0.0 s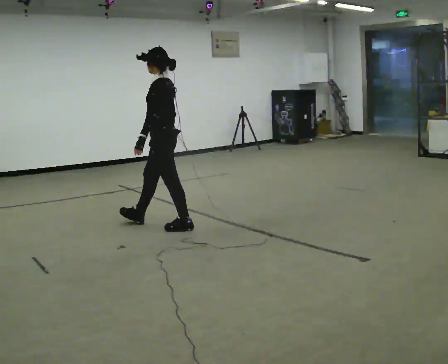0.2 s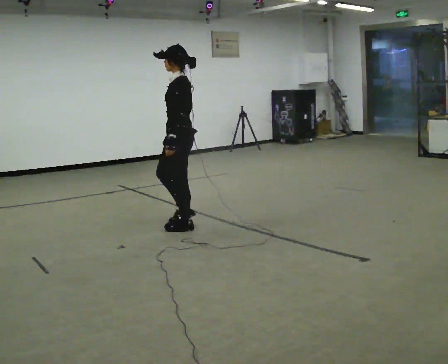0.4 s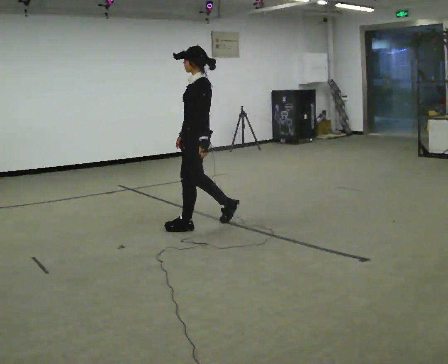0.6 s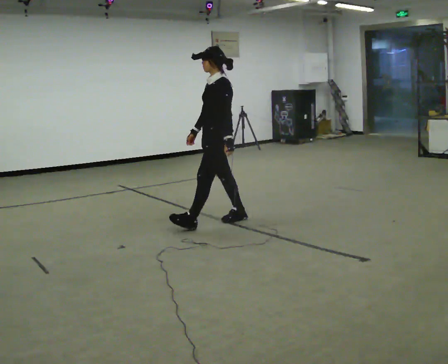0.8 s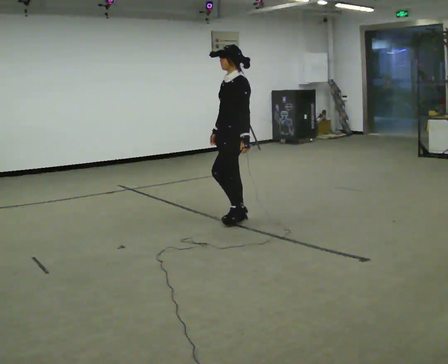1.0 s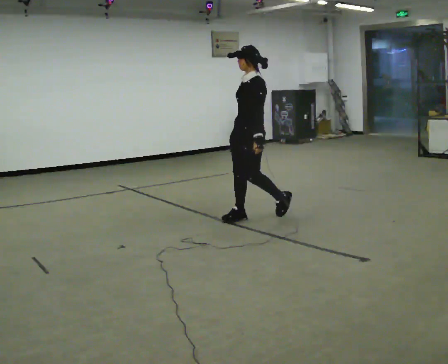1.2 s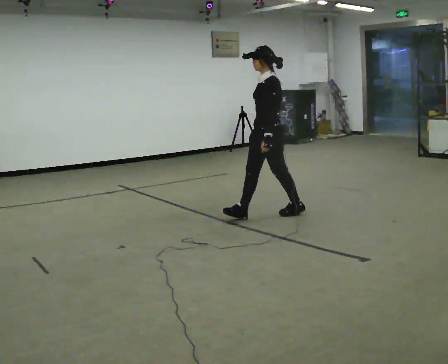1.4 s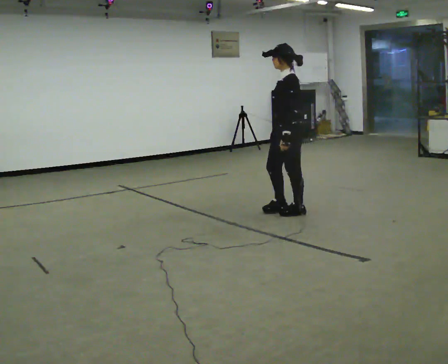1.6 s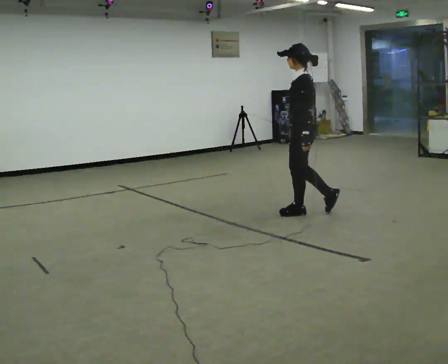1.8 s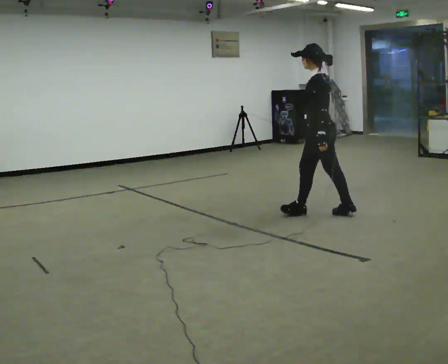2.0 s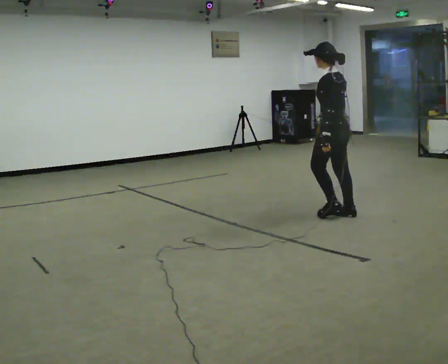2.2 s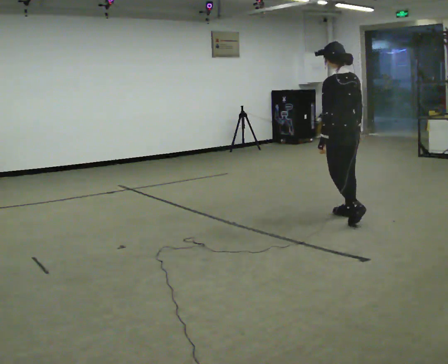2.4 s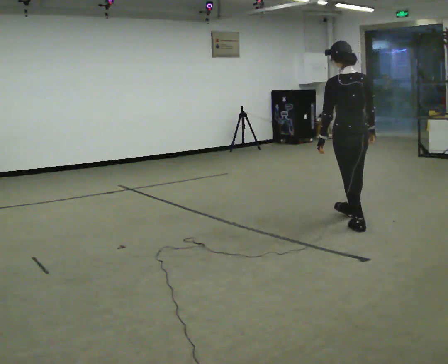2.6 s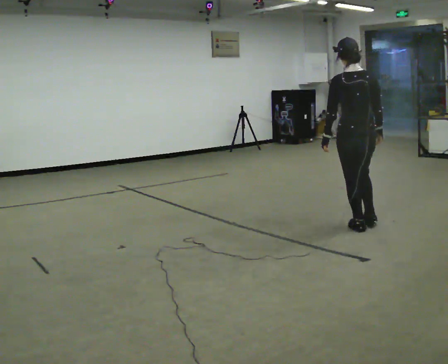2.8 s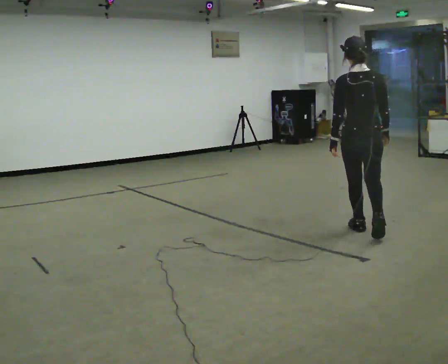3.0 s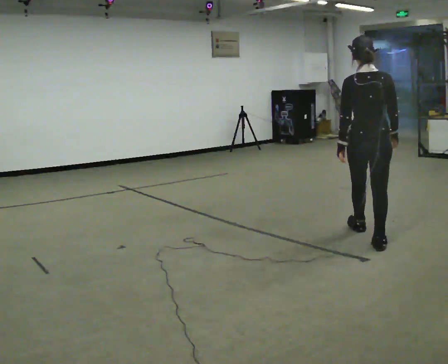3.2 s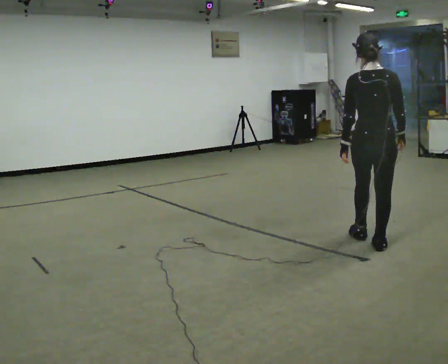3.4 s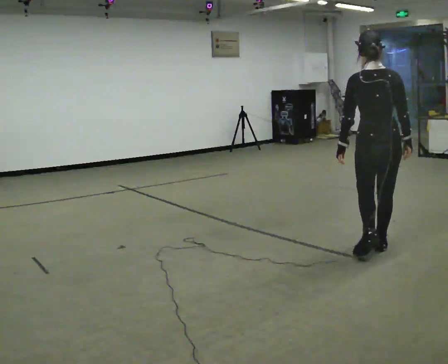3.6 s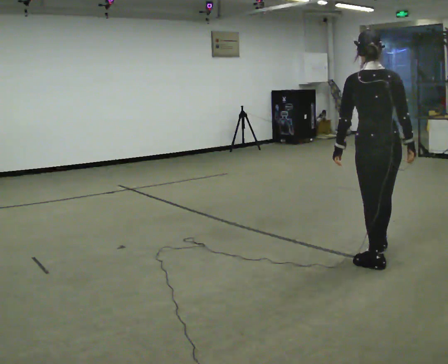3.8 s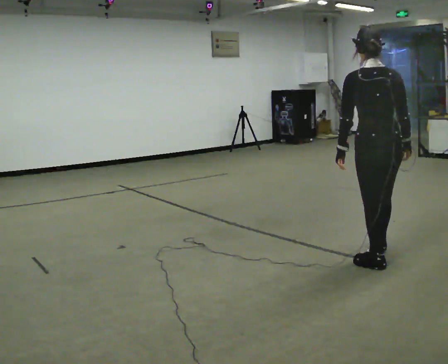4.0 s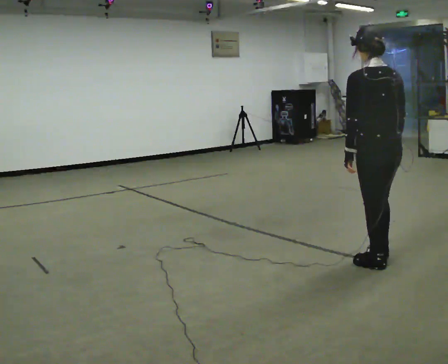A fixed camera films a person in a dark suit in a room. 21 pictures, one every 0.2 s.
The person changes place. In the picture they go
to the right.
The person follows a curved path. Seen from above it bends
clockwise.
0.0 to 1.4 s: In the picture they go to the right, about 1 m in 2 steps, which for them is backward.
1.4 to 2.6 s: Seen from above the body turns clockwise, about 90 degrees: to their right, with its near side sliding to the left. In the picture they go to the right and toward the camera, about 0.5 m in 2 steps.
2.6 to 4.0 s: In the picture they go toward the camera, about 1 m in 2 steps, which for them is backward.
The film runs backward here.
